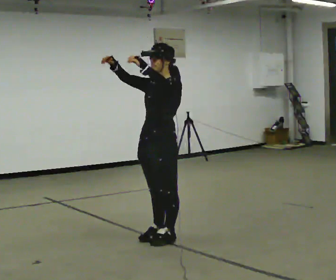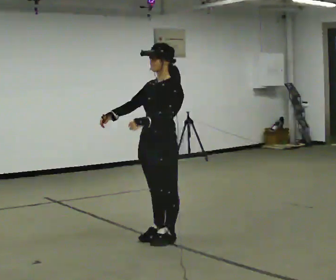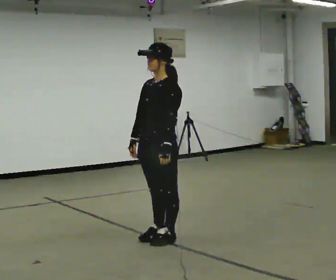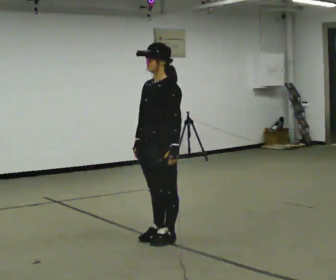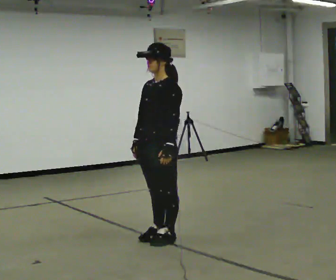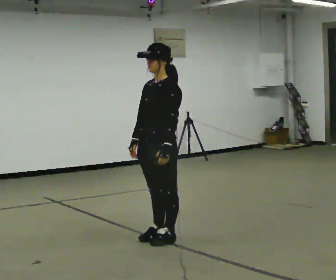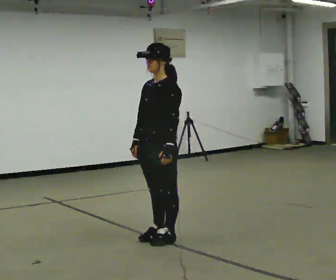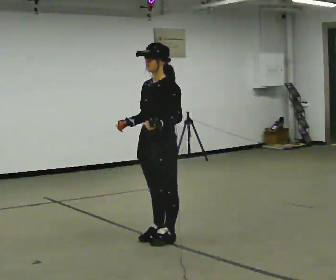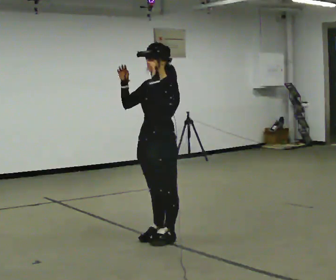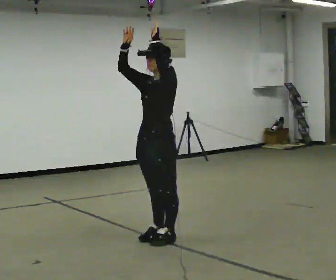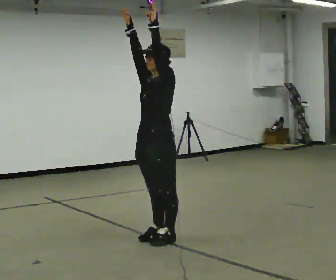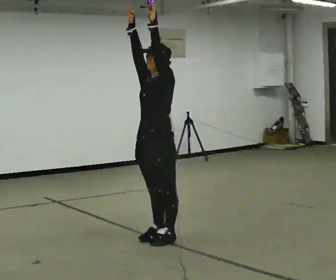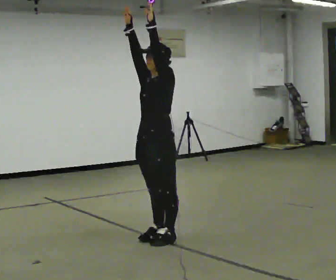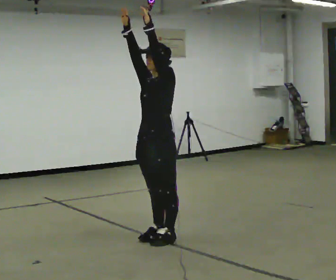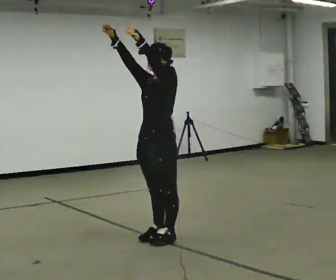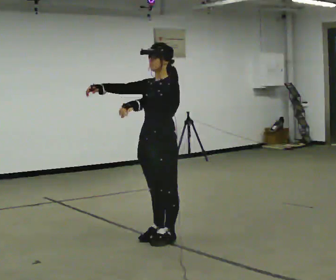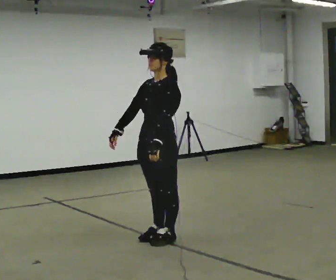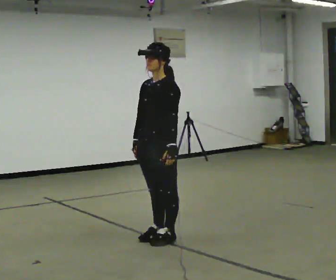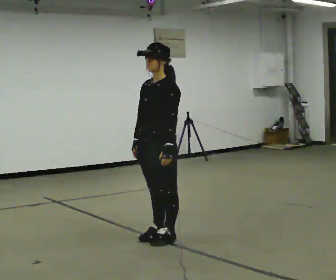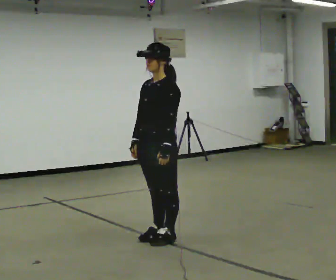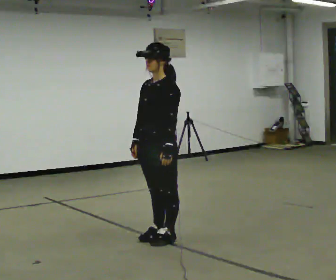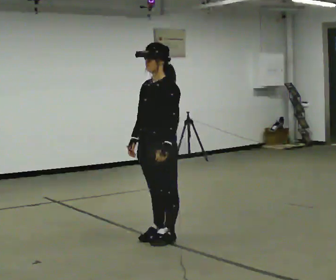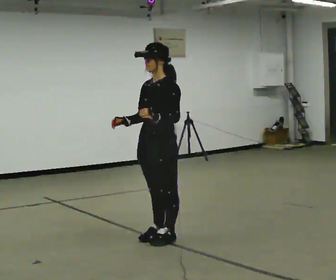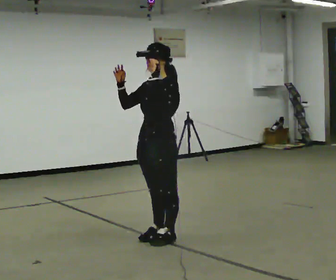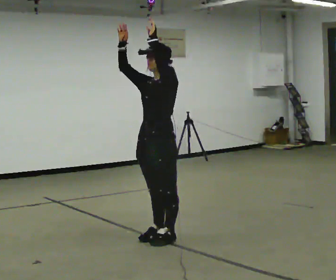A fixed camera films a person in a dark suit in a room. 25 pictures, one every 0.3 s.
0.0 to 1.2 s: In the picture their right hand goes downward, the arm swinging counterclockwise.
1.2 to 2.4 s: In the picture their left hand goes upward.
2.4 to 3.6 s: In the picture their right hand goes upward.
3.6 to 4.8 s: In the picture their left hand goes downward.
4.8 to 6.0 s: The person moves a little, or ends about where they began.
6.0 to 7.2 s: In the picture their left hand goes upward.
The film runs forward here.
